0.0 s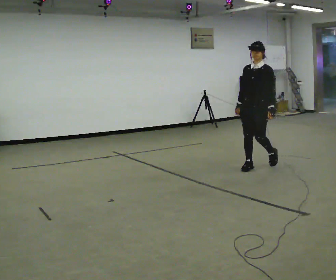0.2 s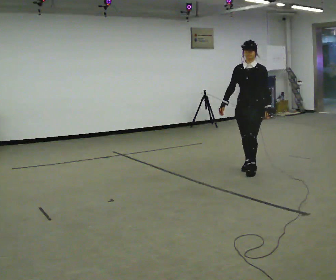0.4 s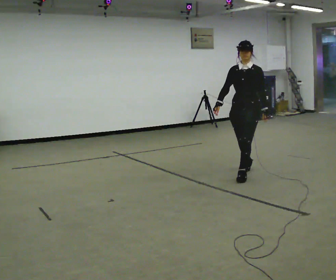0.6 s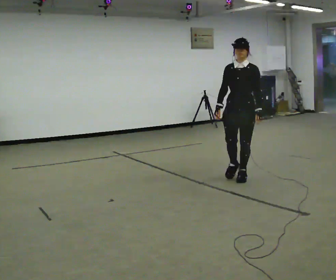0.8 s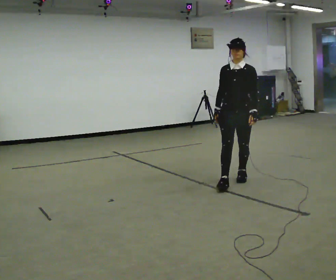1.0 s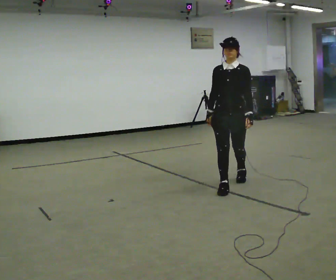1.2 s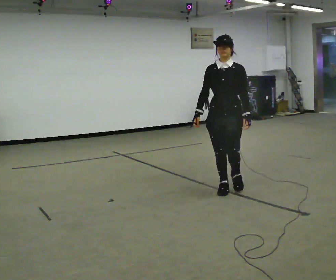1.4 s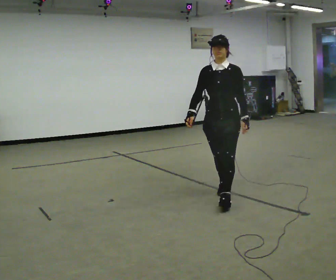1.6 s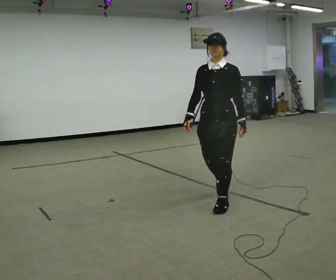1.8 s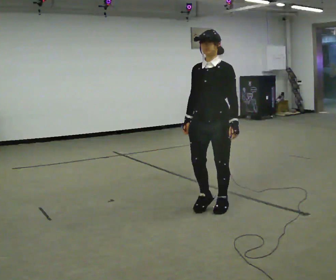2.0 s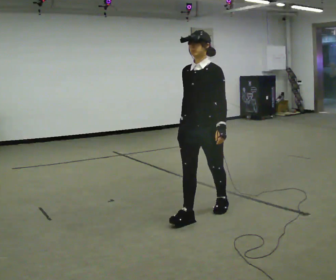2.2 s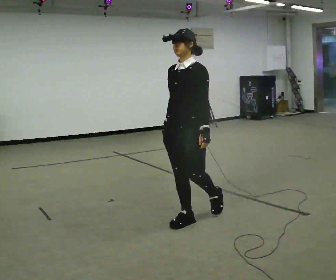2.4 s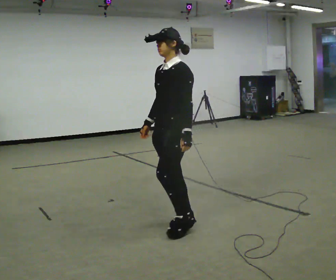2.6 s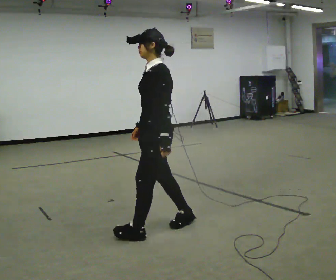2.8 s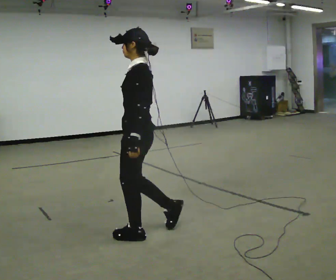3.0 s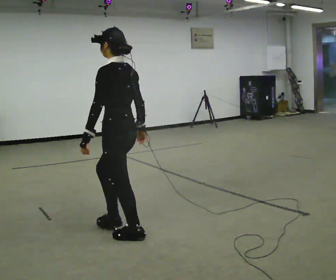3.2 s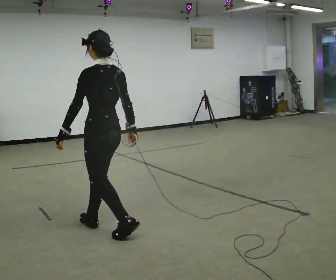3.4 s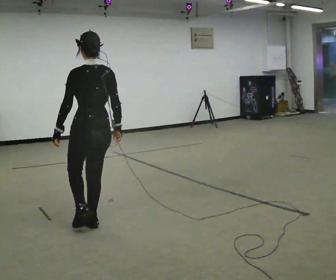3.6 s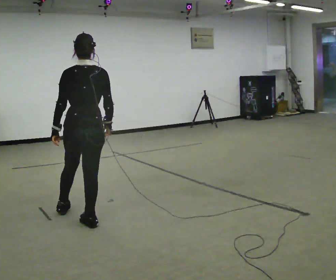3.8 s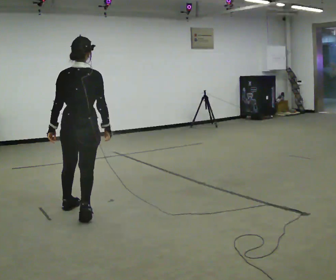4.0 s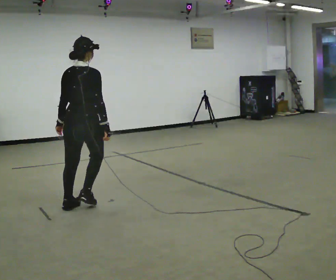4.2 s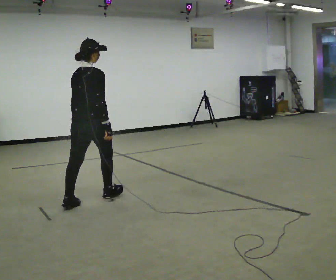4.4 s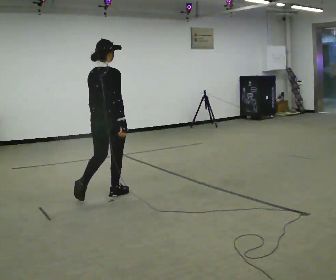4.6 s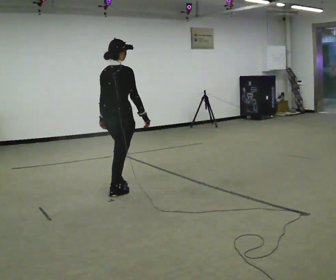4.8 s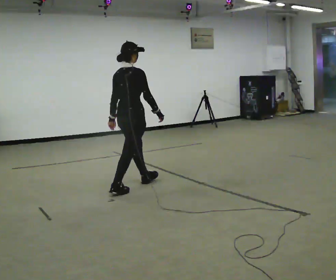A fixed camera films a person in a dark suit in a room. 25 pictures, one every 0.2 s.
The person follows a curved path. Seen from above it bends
clockwise.
The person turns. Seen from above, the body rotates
clockwise.
0.0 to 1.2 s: In the picture they go toward the camera and to the left, about 1 m in 2 steps, which for them is forward.
1.2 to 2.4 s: The person turns about 45 degrees to their right, clockwise seen from above, so the part of the body nearest the lens slides to the left. In the picture they go toward the camera and to the left, about 1 m in 2 steps, which for them is forward.
2.4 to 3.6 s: The person turns about 105 degrees to their right, clockwise seen from above, so the part of the body nearest the lens slides to the left. In the picture they go to the left, about 1 m in 2 steps.
3.6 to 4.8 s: The person turns about 60 degrees to their right, clockwise seen from above, so the part of the body nearest the lens slides to the left. In the picture they go away from the camera, about 1 m in 2 steps, which for them is forward.
The film runs forward here.
